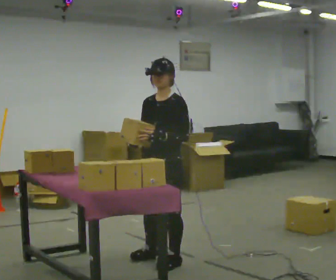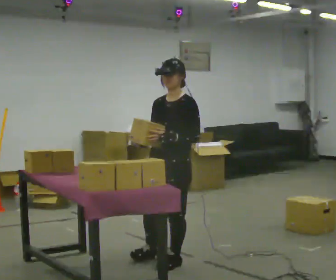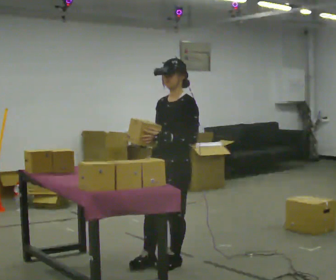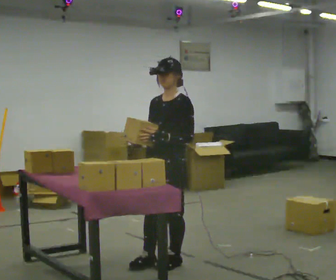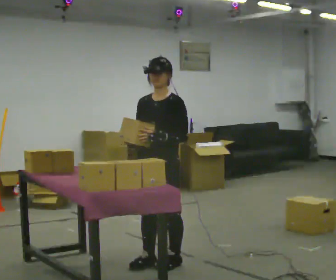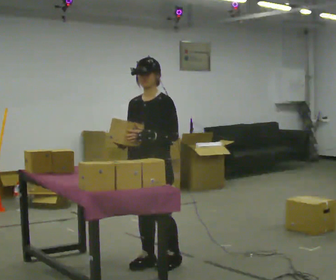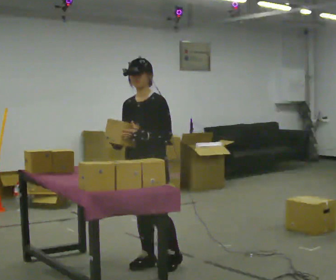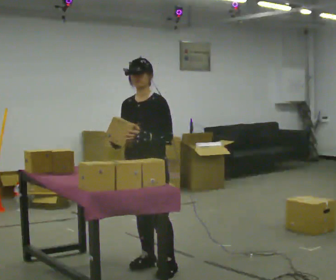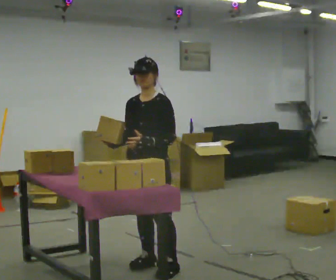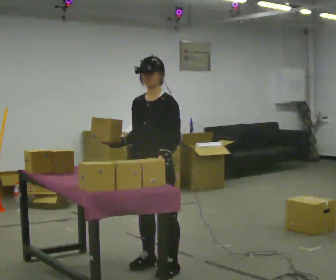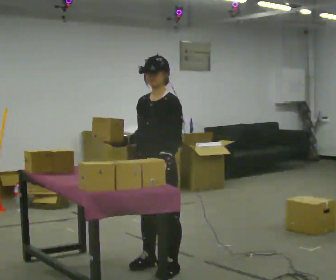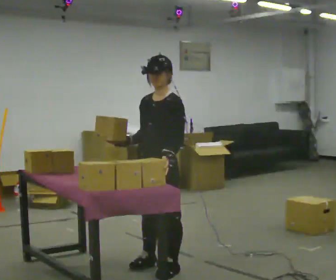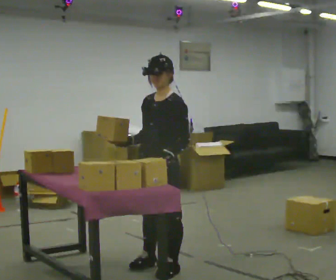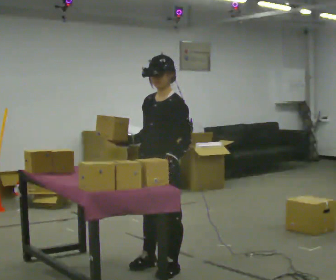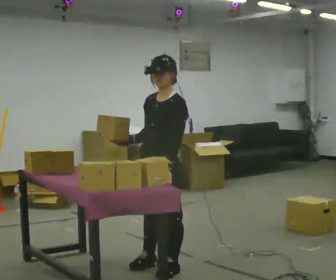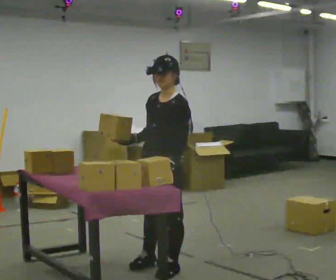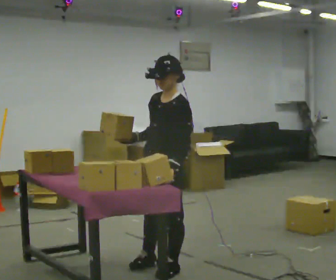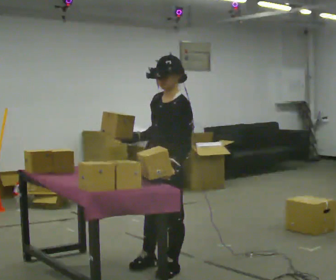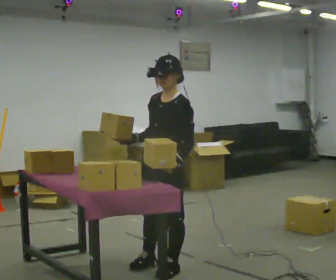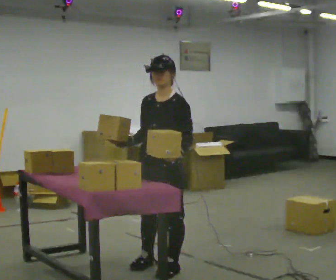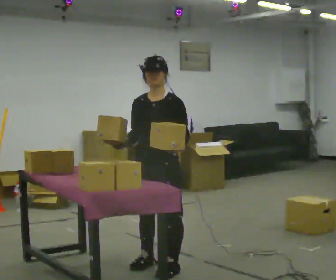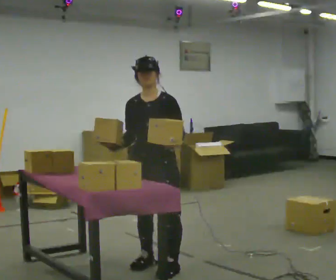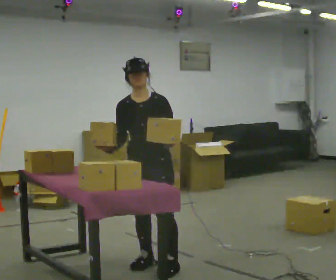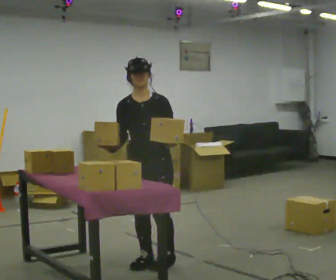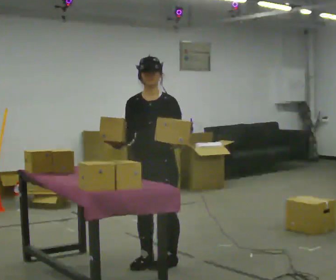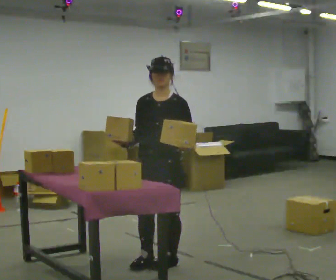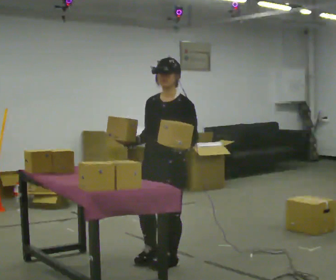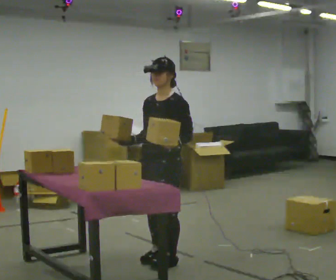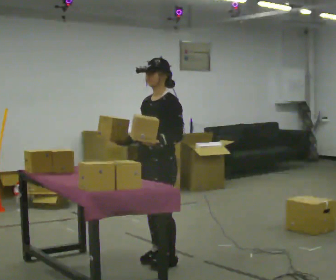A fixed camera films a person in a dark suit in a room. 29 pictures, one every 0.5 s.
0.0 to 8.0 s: In the picture they go toward the camera, about 0.25 m in 1 step, which for them is forward and to their left.
8.0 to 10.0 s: Seen from above the body turns counterclockwise, about 30 degrees: to their left, with its near side sliding to the right.
10.0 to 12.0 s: The person moves a little, or ends about where they began.
12.0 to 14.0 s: The part of the body nearest the lens slides to the left as the person turns to their right by about 30 degrees.
The film runs backward here.
